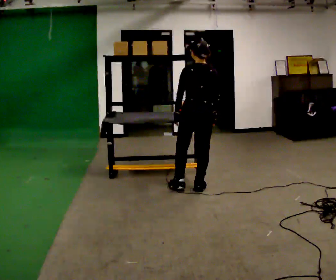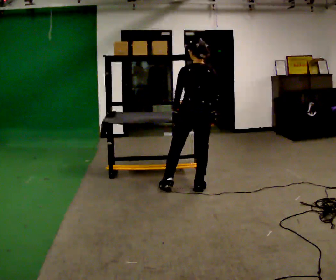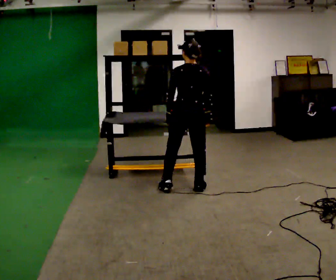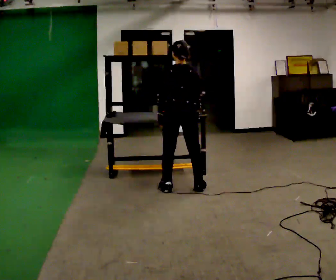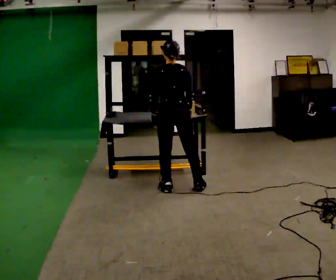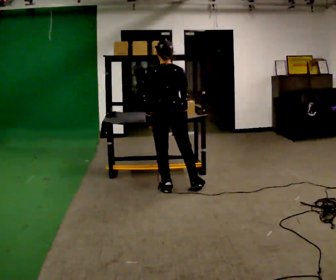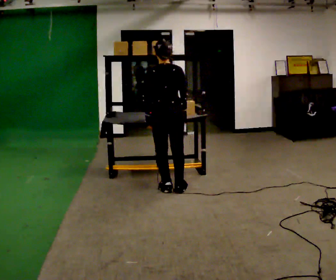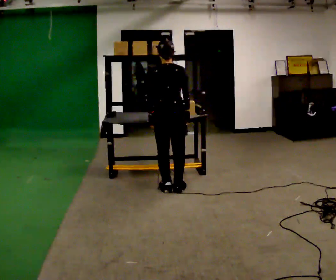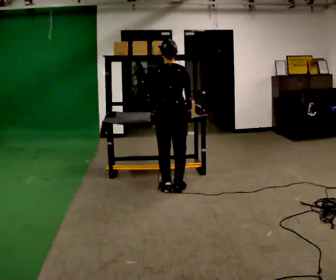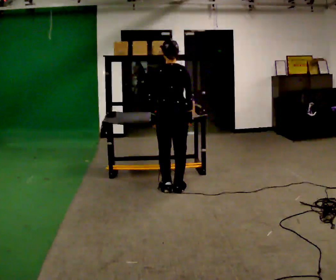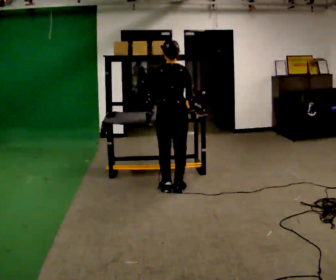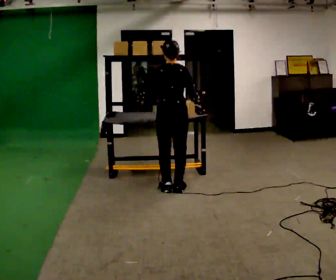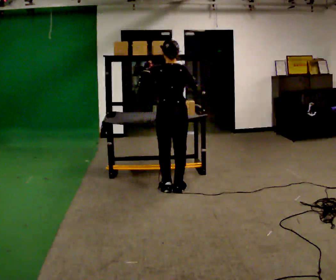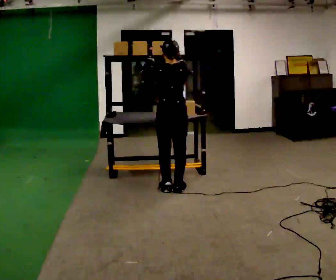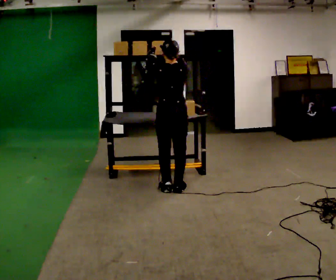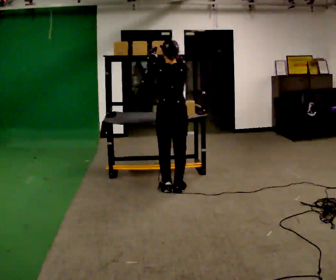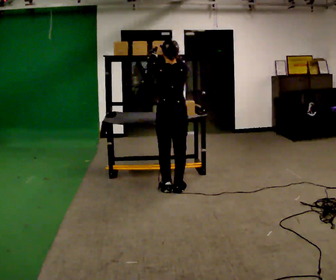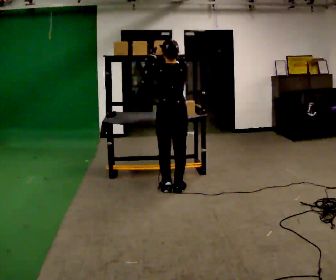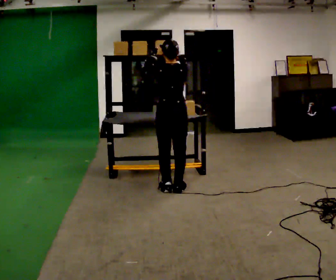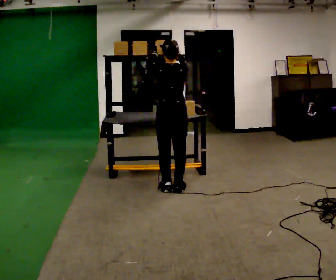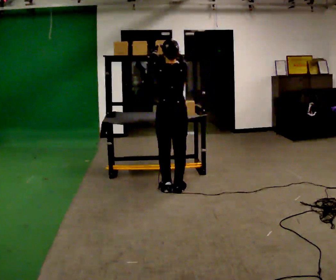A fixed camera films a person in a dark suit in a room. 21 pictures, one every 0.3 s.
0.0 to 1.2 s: In the picture they go to the left, about 0.25 m in 1 step, which for them is to their left.
1.2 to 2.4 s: The person moves a little, or ends about where they began.
2.4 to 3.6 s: In the picture their left hand goes upward.
3.6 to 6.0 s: The person moves a little, or ends about where they began.
The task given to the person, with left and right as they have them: Take an object from the waist-height shelf, carry it across the room, and place it on the highest shelf you can comfortably reach. Keep going until the operator says stop; one object at a time, and do not rush between trips.
The film runs forward here.
